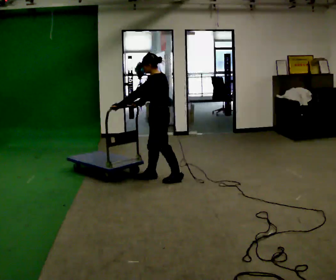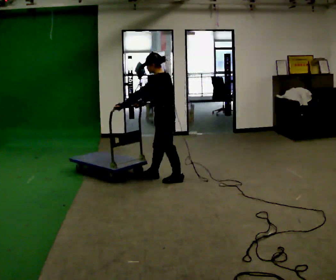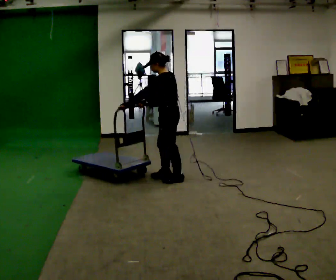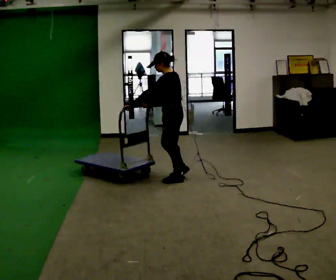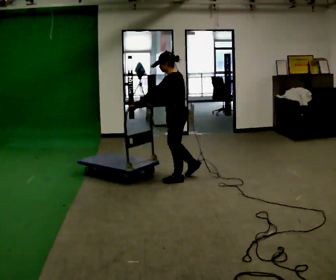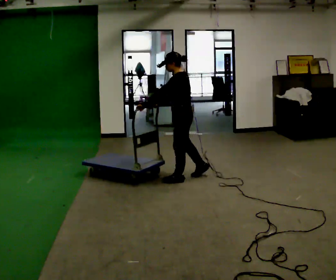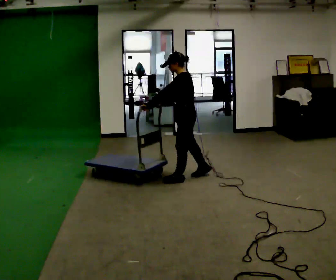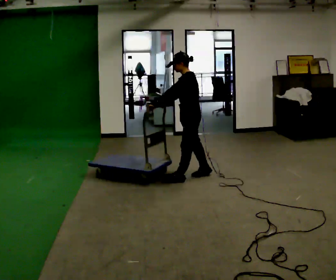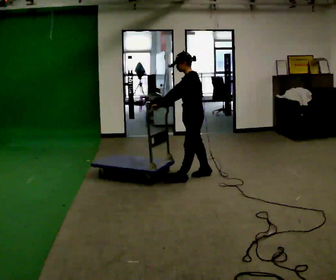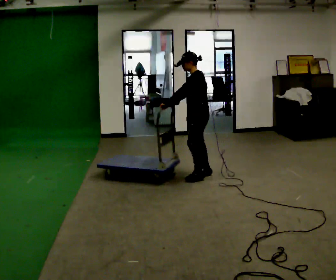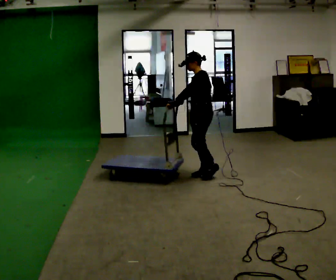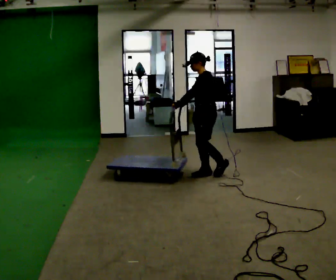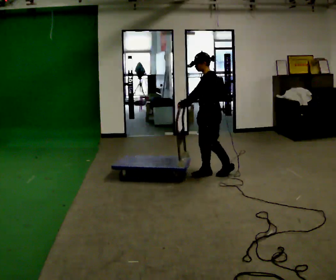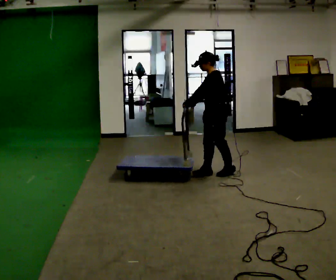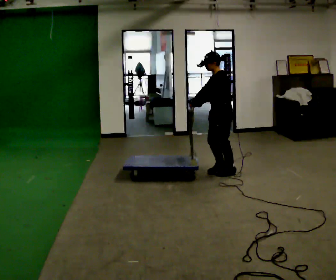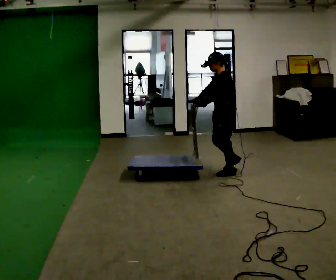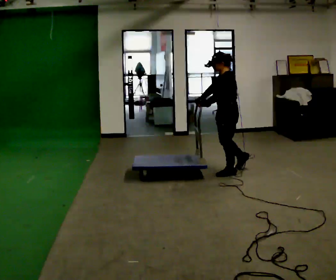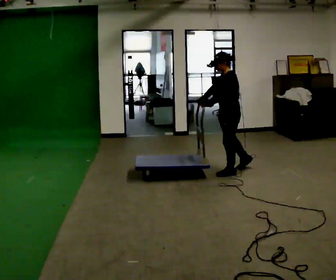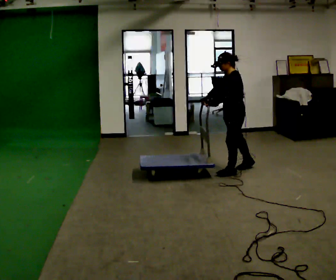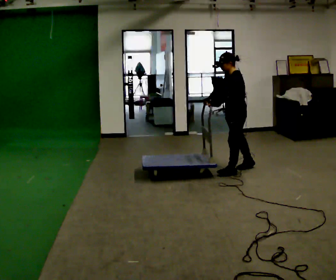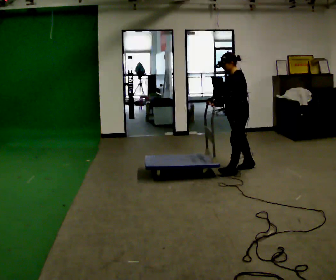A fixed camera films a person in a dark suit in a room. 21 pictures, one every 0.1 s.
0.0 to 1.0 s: In the picture they go to the right, about 0.5 m in 2 steps, which for them is backward.
1.0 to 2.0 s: In the picture they go to the right and away from the camera, about 0.5 m in 1 step, which for them is backward.
The film runs backward here.
